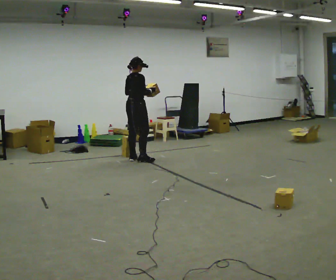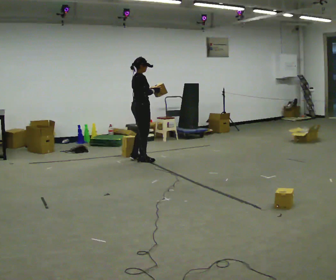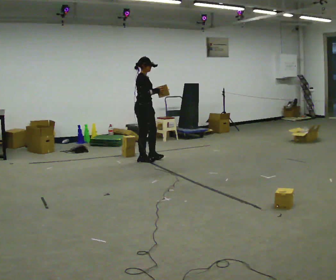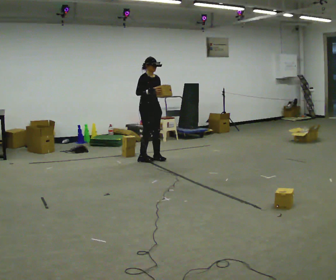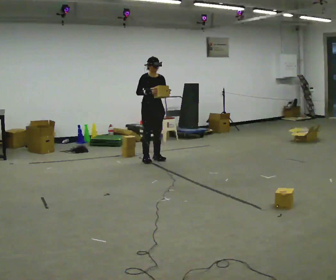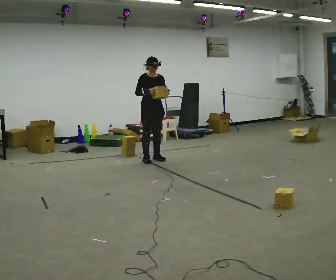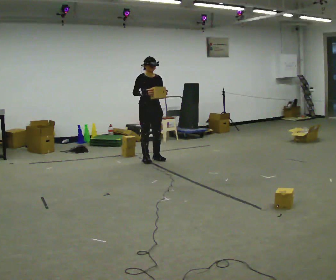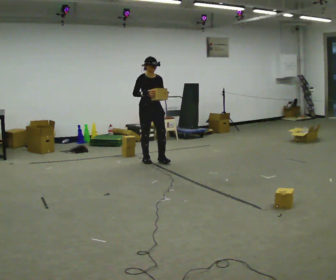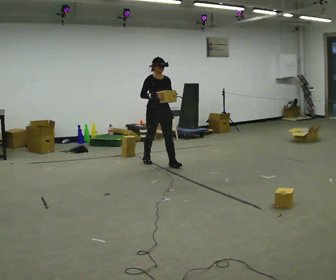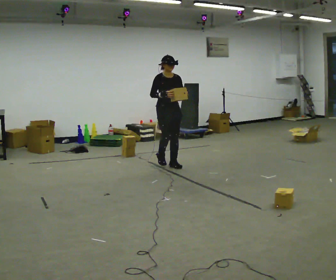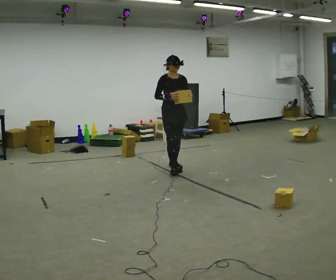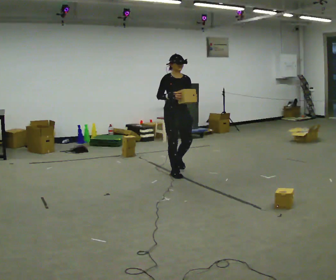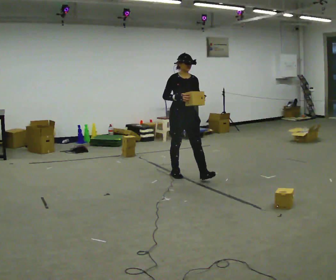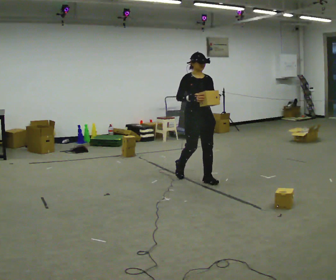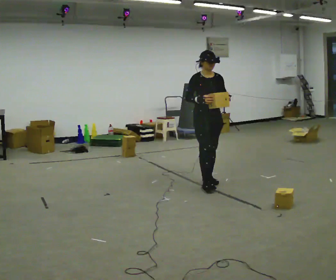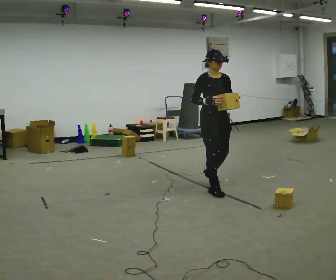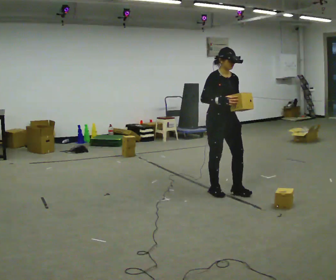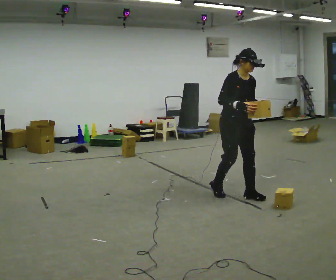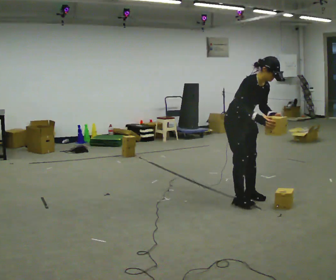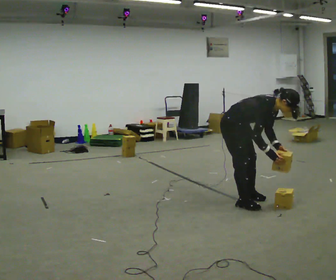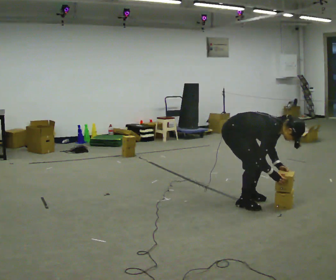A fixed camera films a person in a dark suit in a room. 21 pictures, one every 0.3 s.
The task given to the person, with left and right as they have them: Carry the stack of boxes across the room without letting it fall over, then bring it back. Keep going until the operator says stop; one object at a time, and do not rush between trips.
0.0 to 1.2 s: The person turns about 90 degrees to their right, clockwise seen from above, so the part of the body nearest the lens slides to the left. In the picture they go to the right, about 0.25 m in 1 step.
1.2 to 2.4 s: In the picture they go toward the camera, about 0.25 m in 1 step, which for them is forward.
2.4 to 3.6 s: In the picture they go toward the camera and to the right, about 1 m in 1 step, which for them is forward.
3.6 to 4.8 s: In the picture they go toward the camera and to the right, about 1 m in 2 steps, which for them is forward.
4.8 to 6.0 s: The person turns about 30 degrees to their left, counterclockwise seen from above, so the part of the body nearest the lens slides to the right. In the picture they go toward the camera, about 0.25 m in 2 steps, which for them is forward and to their right. The shoulders move downward. In the picture the upper body tilts clockwise, shoulders to the right, as they bend forward. In the picture their left hand goes downward.
The film runs forward here.
